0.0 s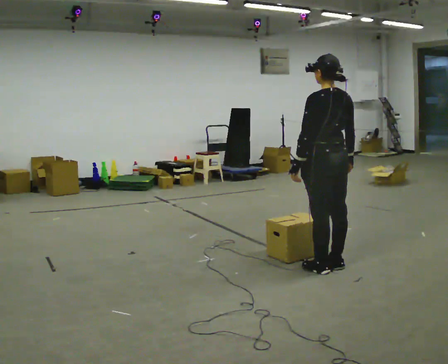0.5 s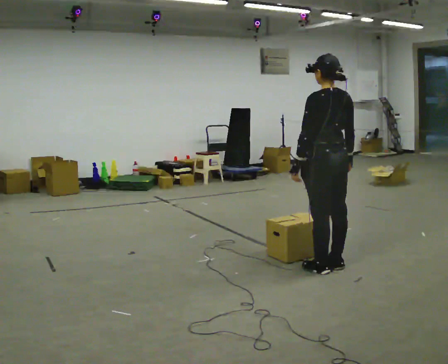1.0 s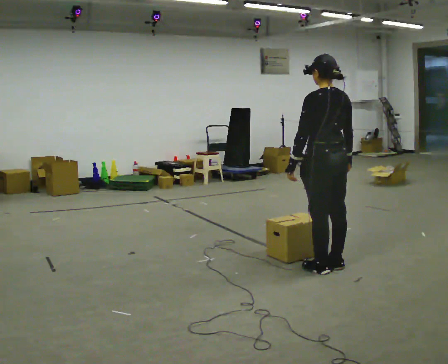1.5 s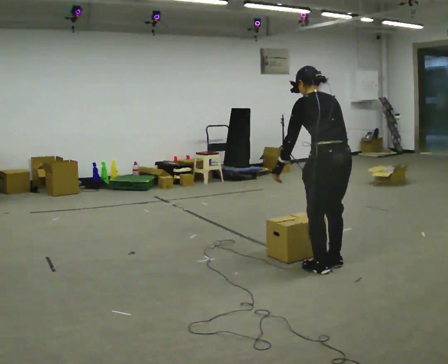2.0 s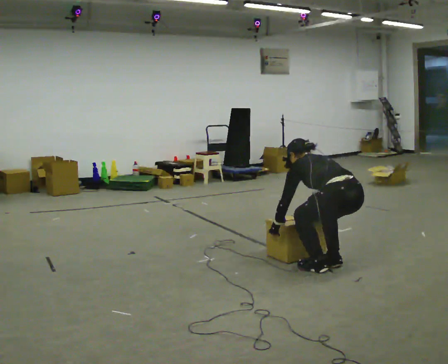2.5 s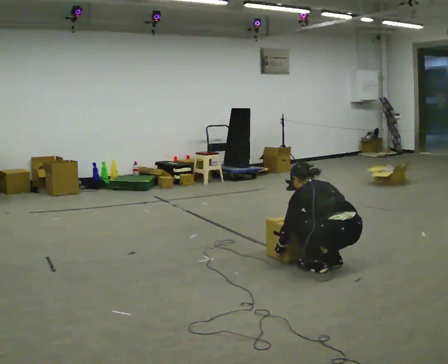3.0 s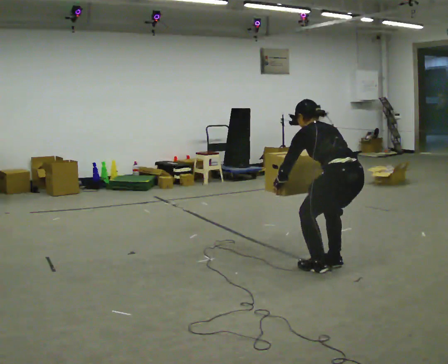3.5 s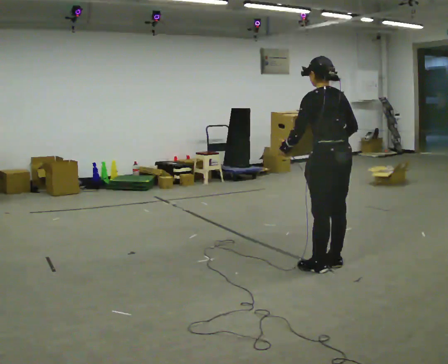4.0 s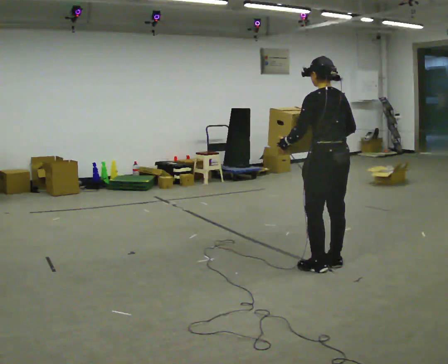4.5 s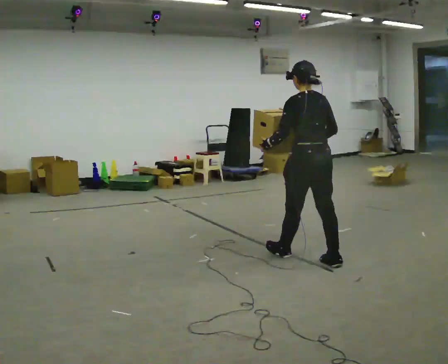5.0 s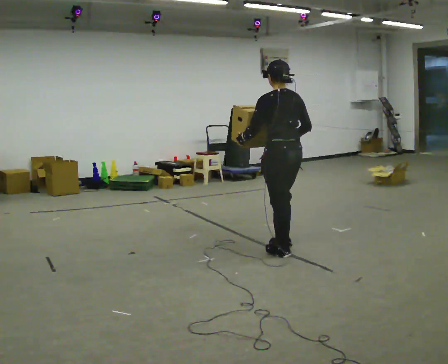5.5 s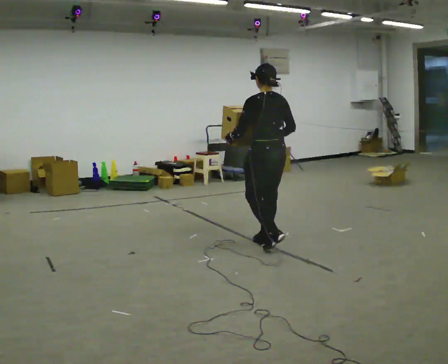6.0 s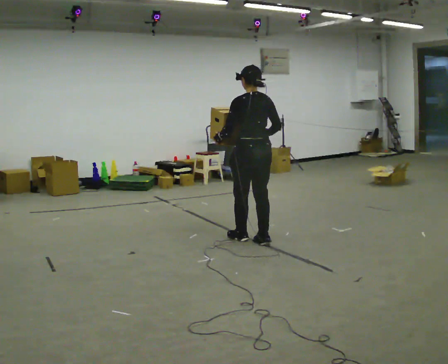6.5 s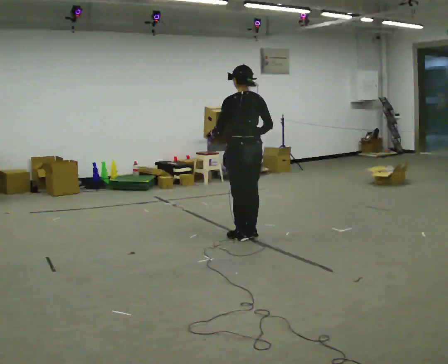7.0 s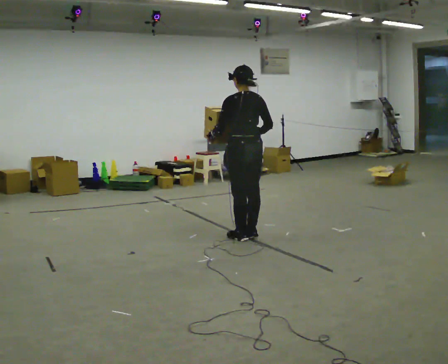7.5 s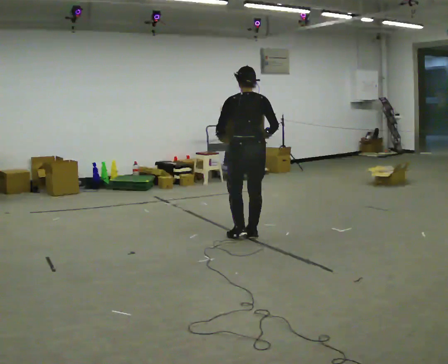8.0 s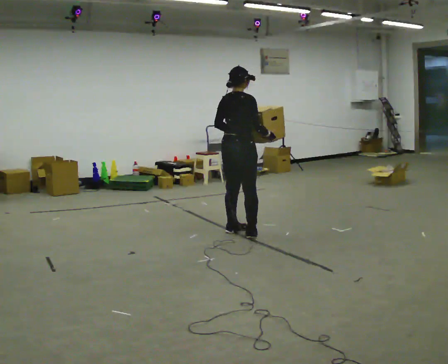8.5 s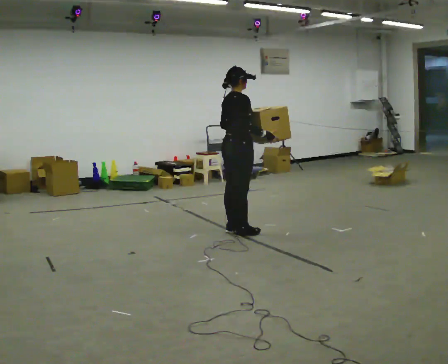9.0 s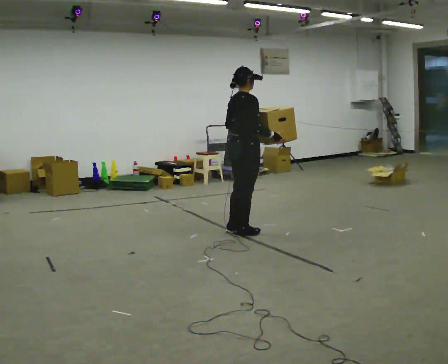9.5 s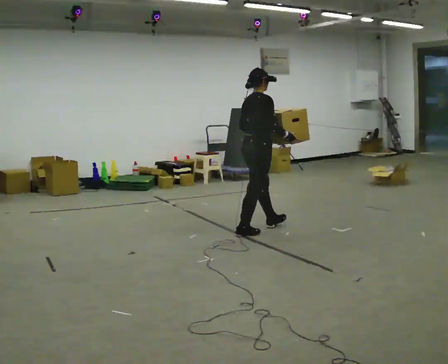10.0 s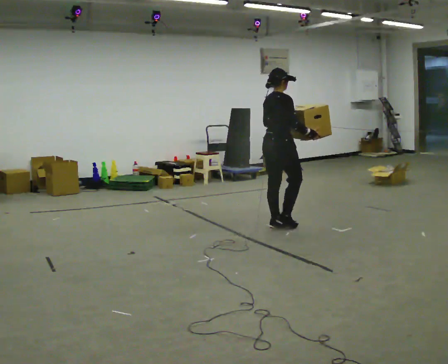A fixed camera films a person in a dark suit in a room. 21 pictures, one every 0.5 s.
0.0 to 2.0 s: The shoulders move downward. The upper body tips away from the camera, its near side rolling upward, as they bend forward. In the picture their right hand goes downward.
2.0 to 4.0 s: In the picture they go away from the camera, about 0.25 m, which for them is forward. The upper body tips toward the camera, its near side rolling downward, as they lean back or straighten. In the picture their right hand goes upward.
4.0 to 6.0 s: In the picture they go away from the camera and to the left, about 1 m in 3 steps, which for them is forward.
6.0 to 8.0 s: The part of the body nearest the lens slides to the left as the person turns to their right by about 75 degrees. In the picture they go away from the camera and to the left, about 0.25 m in 2 steps.
8.0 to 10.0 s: In the picture they go to the right and away from the camera, about 0.5 m in 1 step, which for them is forward.
The film runs forward here.
